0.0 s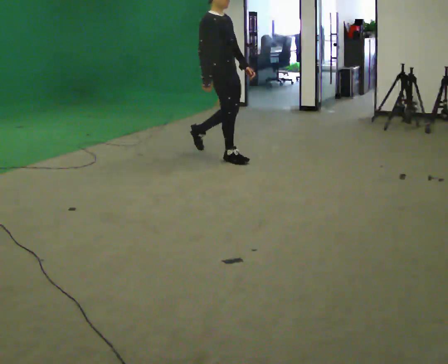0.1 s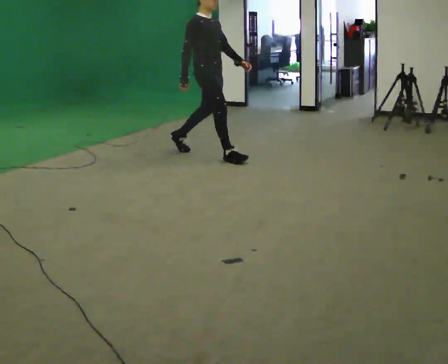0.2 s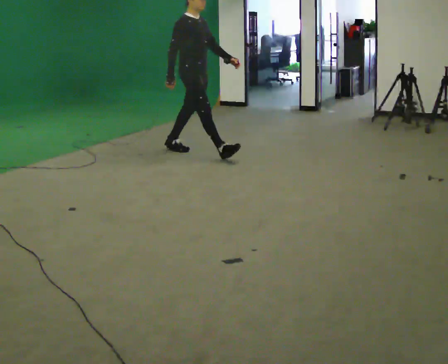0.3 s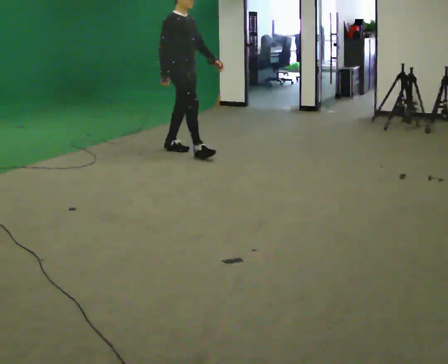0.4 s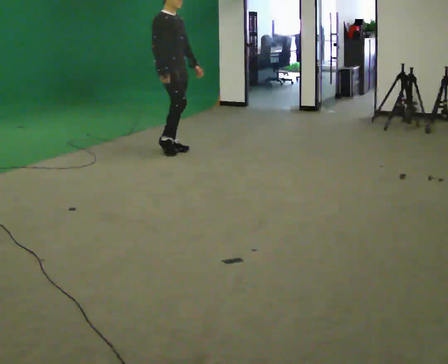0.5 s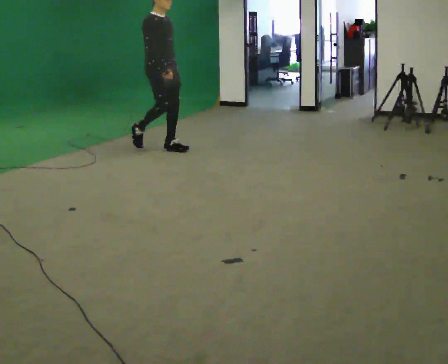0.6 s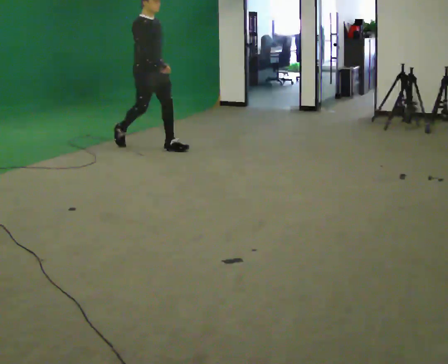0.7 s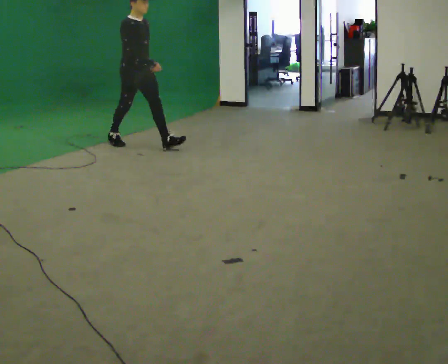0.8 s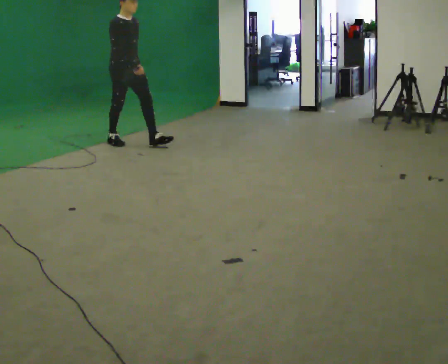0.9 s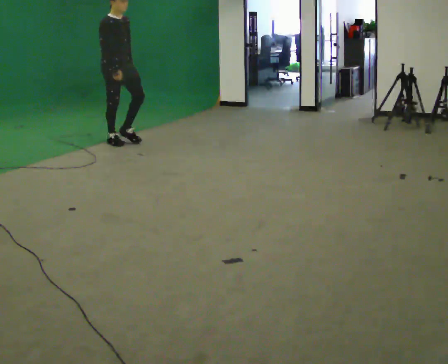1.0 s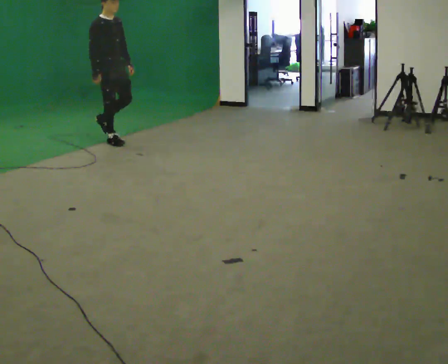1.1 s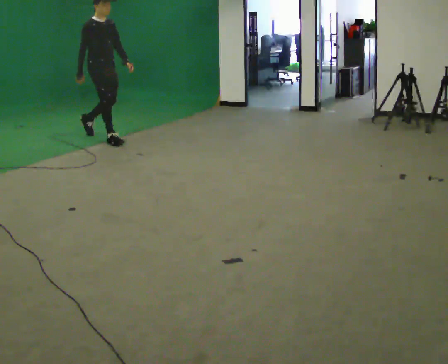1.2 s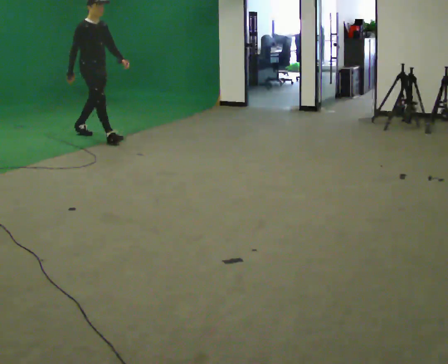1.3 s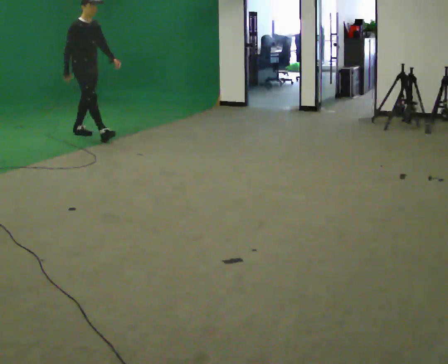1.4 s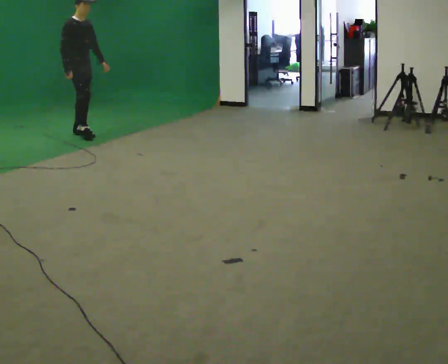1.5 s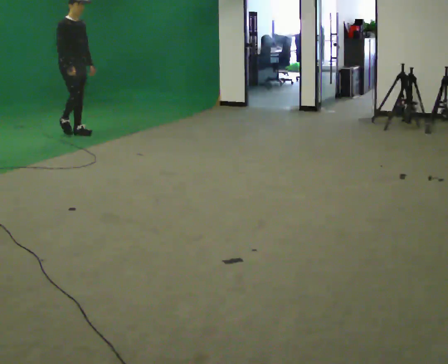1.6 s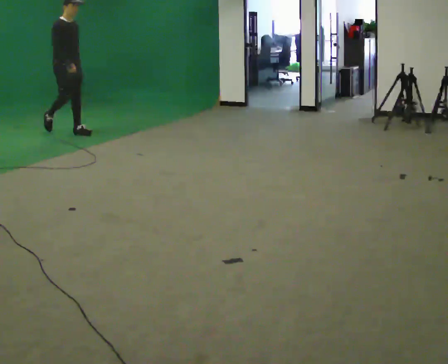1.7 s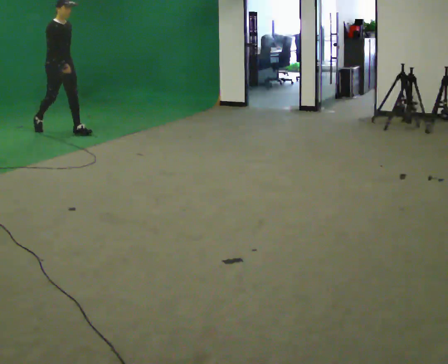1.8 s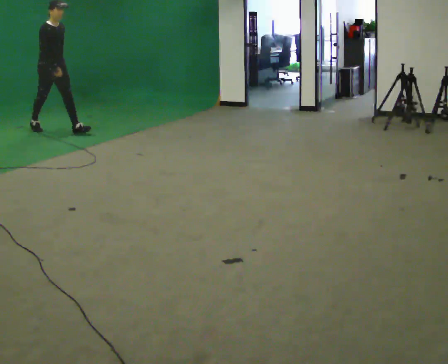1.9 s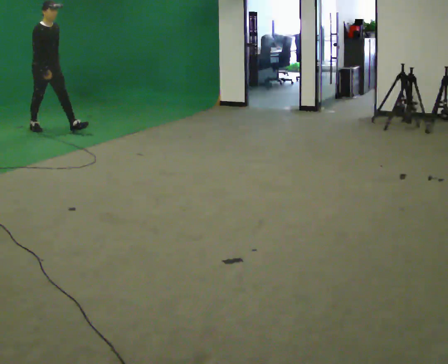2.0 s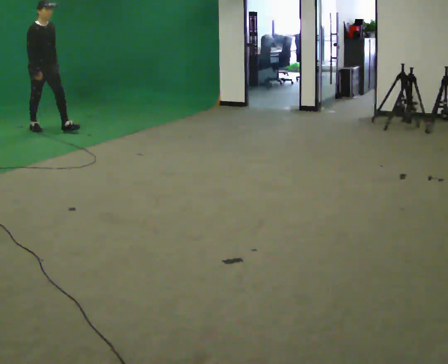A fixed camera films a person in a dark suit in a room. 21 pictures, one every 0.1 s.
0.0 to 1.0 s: In the picture they go to the left and away from the camera, about 1.5 m in 2 steps, which for them is backward.
1.0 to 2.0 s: In the picture they go to the left and away from the camera, about 1 m in 2 steps, which for them is backward.
The film runs backward here.
